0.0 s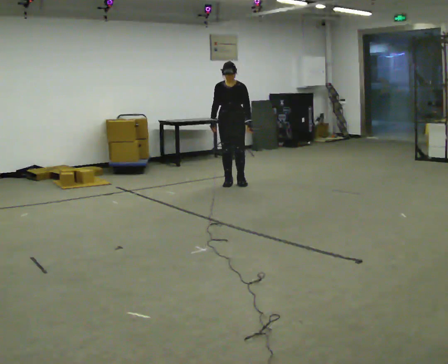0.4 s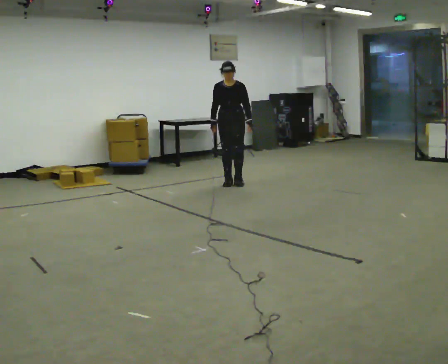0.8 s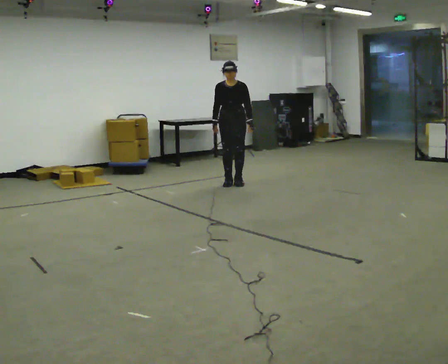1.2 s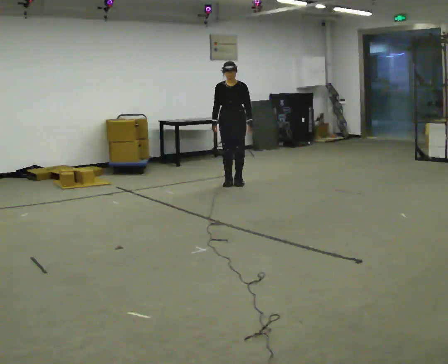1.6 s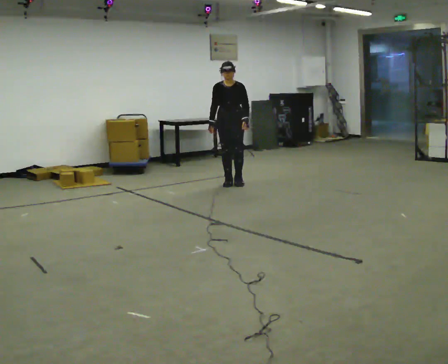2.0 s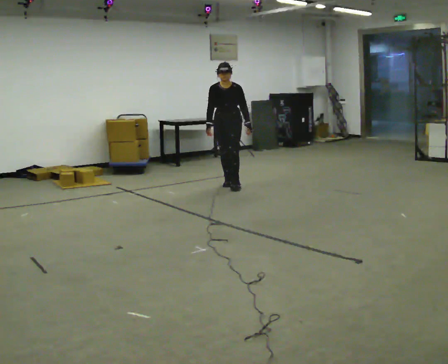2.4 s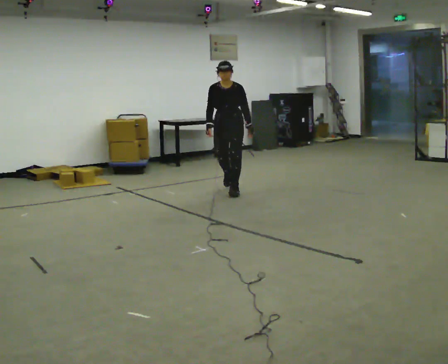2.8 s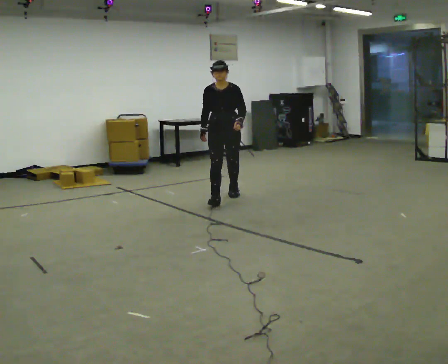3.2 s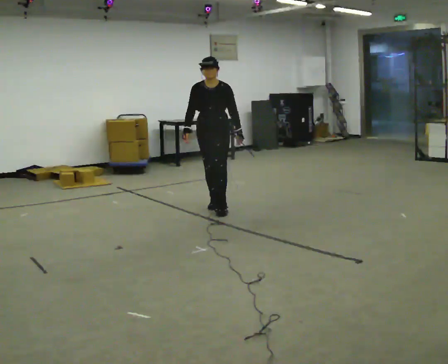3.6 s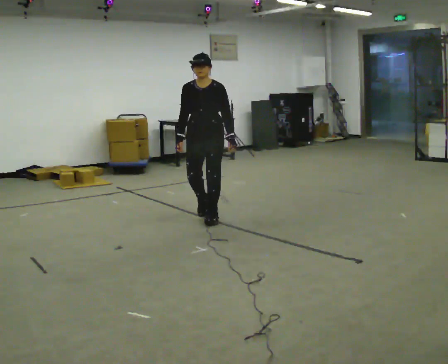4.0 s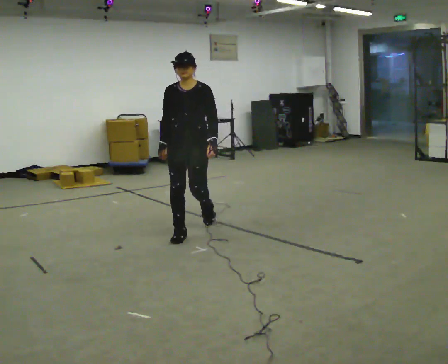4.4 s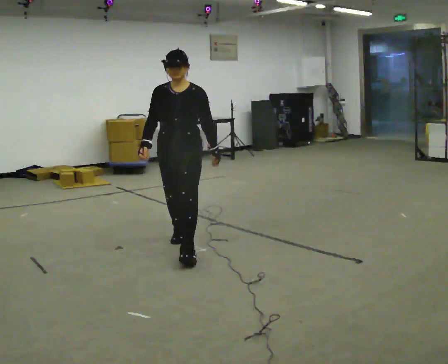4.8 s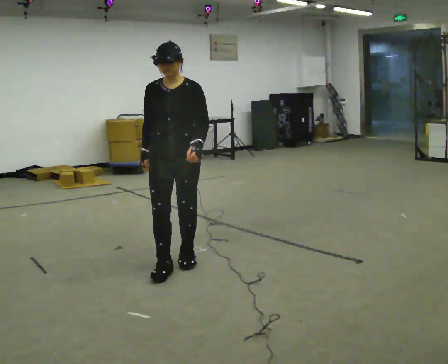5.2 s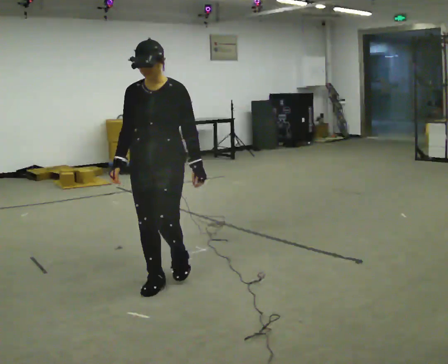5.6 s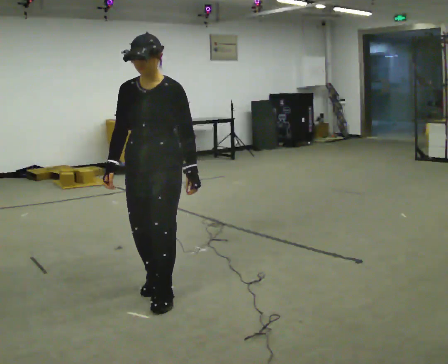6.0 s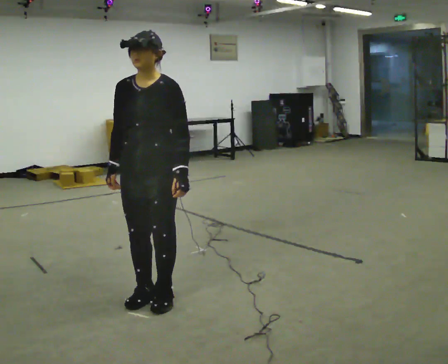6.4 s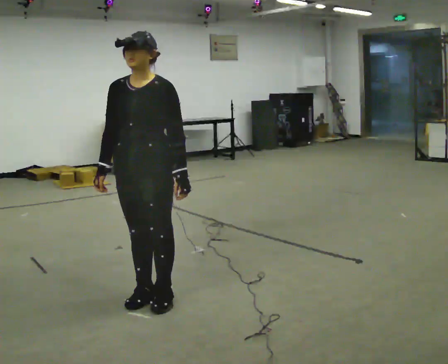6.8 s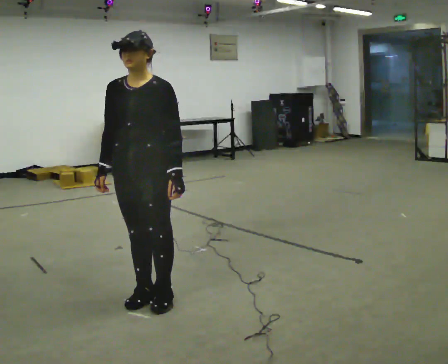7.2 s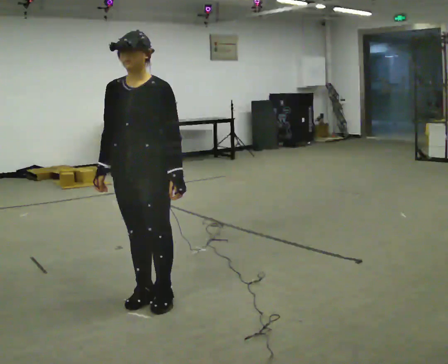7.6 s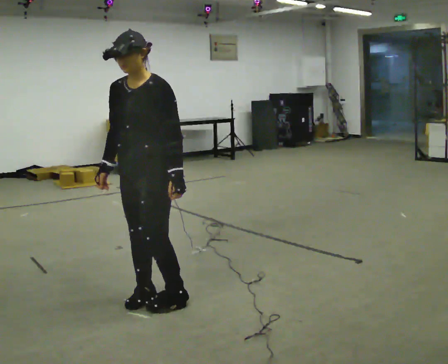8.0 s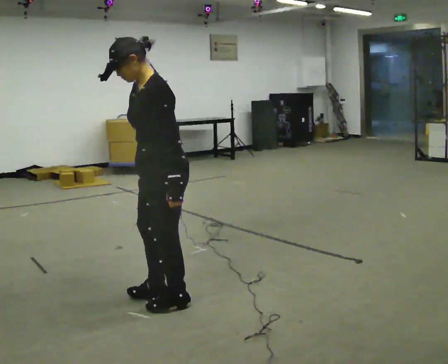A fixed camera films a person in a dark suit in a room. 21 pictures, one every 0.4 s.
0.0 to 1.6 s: The person moves a little, or ends about where they began.
1.6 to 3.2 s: In the picture they go toward the camera, about 1.5 m in 2 steps, which for them is forward.
3.2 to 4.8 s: In the picture they go toward the camera, about 1.5 m in 3 steps, which for them is forward.
4.8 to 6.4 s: In the picture they go toward the camera, about 0.75 m in 3 steps, which for them is forward.
6.4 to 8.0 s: The person turns about 60 degrees to their right, clockwise seen from above, so the part of the body nearest the lens slides to the left.
The film runs forward here.
